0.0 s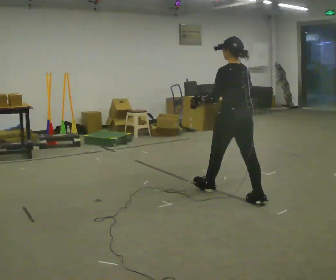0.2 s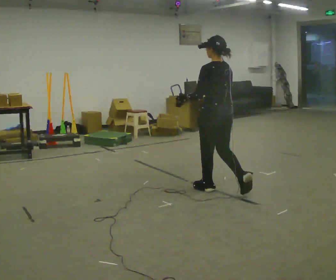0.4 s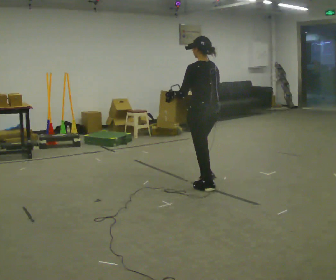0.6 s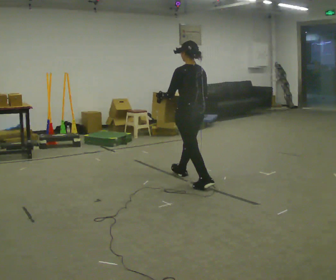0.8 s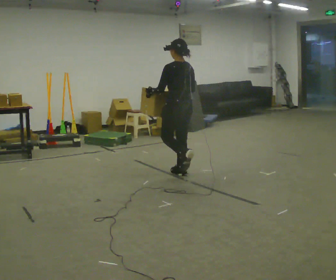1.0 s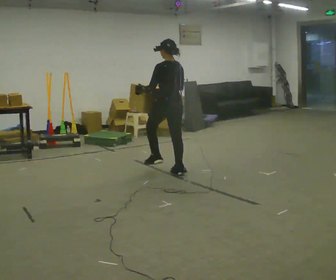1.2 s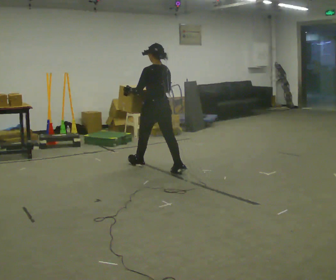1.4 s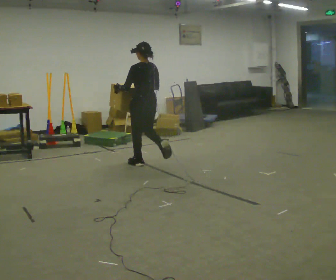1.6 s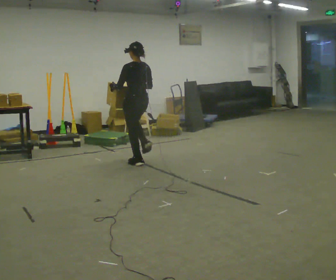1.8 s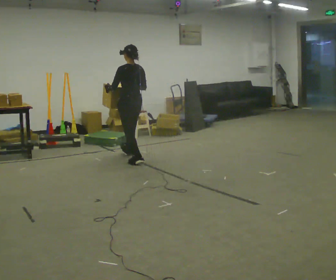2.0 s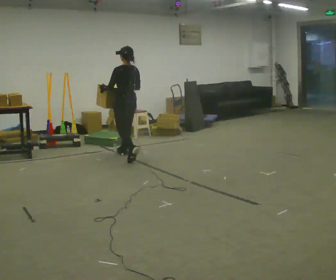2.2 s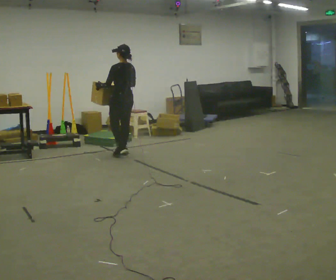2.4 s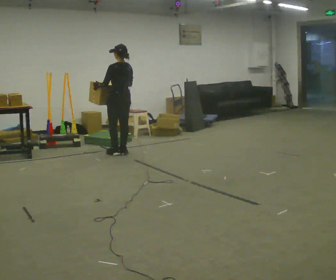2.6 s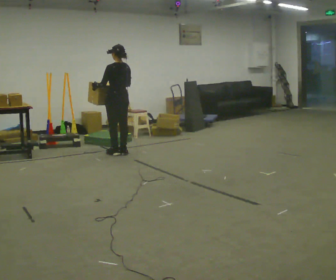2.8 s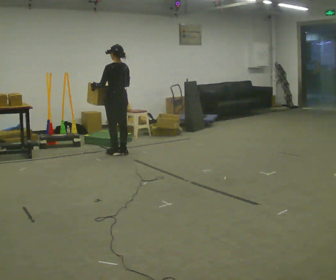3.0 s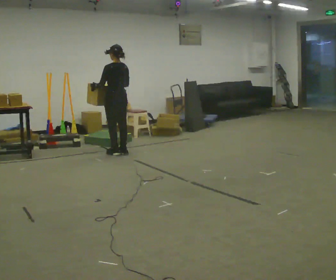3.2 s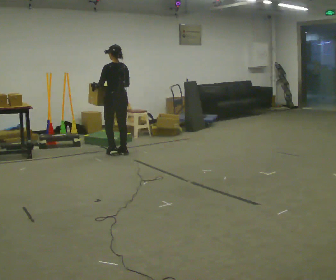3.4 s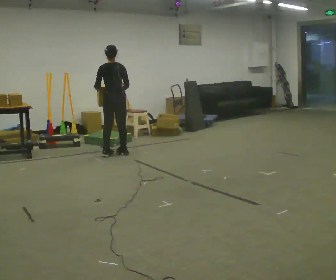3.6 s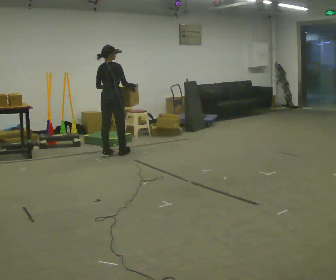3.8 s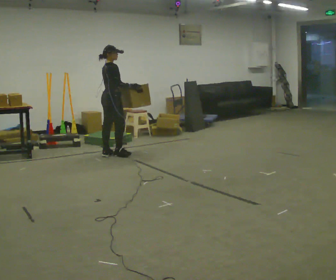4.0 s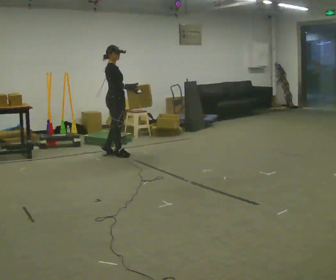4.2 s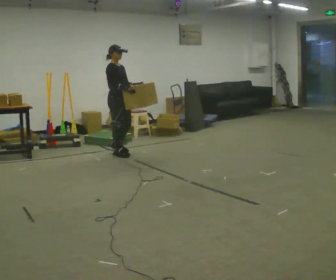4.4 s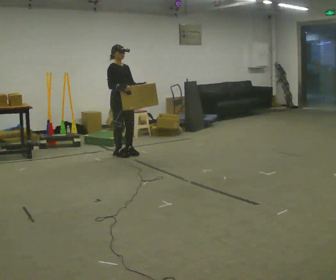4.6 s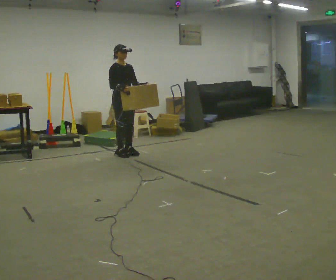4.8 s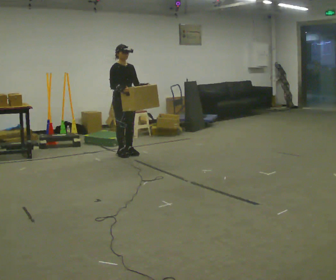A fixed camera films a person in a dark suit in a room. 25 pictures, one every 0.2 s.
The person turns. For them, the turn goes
to their right.
The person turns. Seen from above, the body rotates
clockwise.
0.0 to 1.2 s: In the picture they go away from the camera and to the left, about 1.5 m in 2 steps, which for them is forward.
1.2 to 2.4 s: In the picture they go away from the camera and to the left, about 1 m in 2 steps, which for them is forward.
2.4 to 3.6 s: The part of the body nearest the lens slides to the left as the person turns to their right by about 60 degrees.
3.6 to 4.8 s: The person turns about 120 degrees to their right, clockwise seen from above, so the part of the body nearest the lens slides to the left. In the picture they go to the right, about 0.25 m in 1 step.
The film runs forward here.
